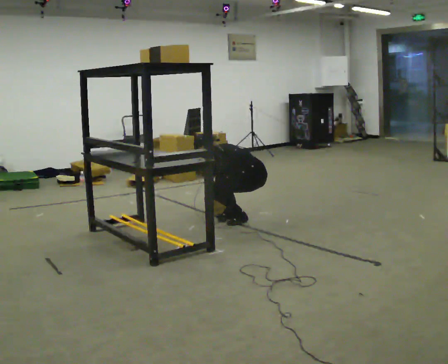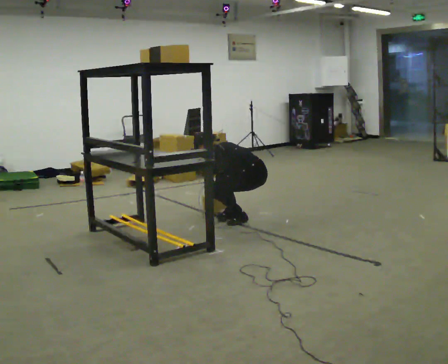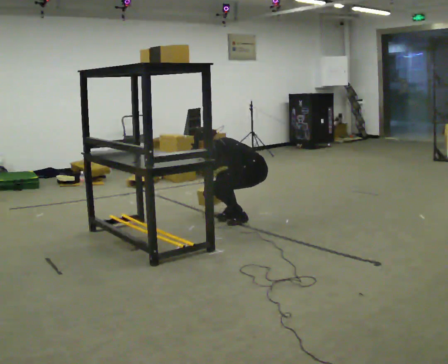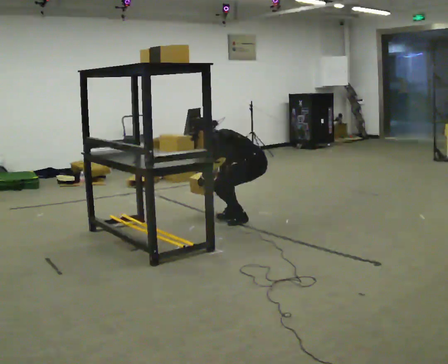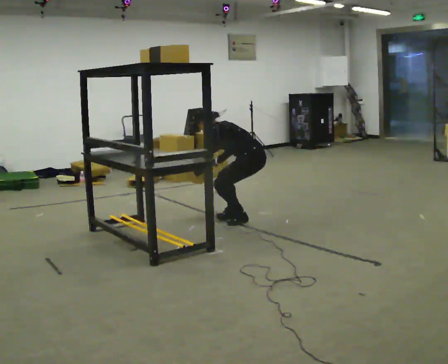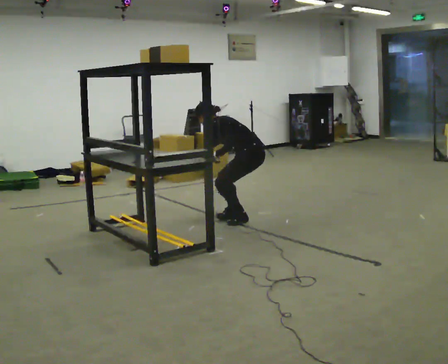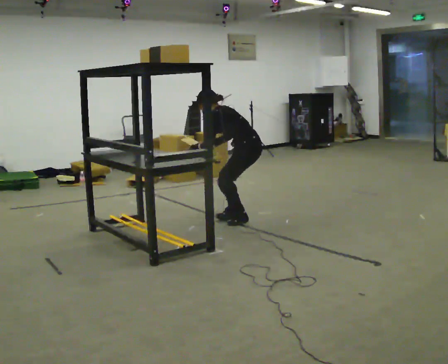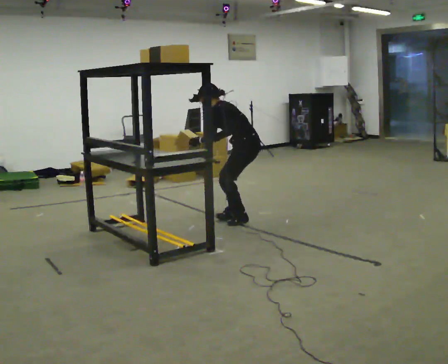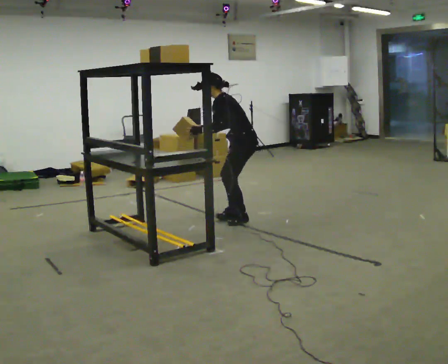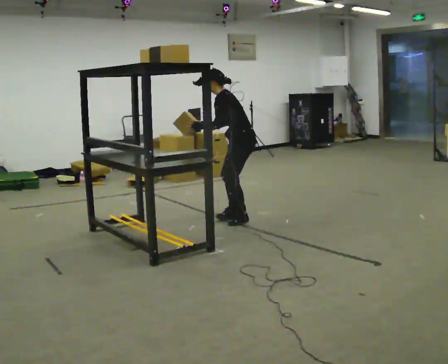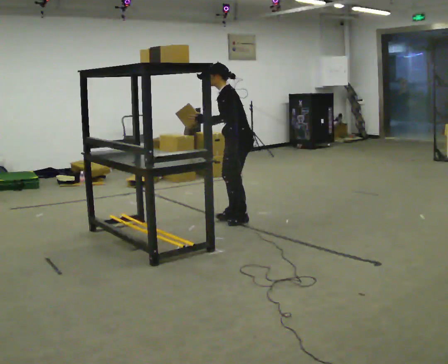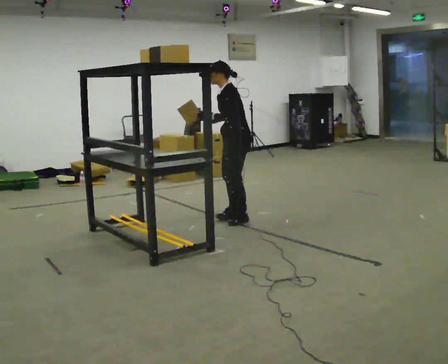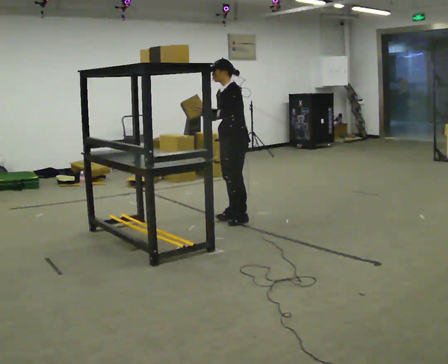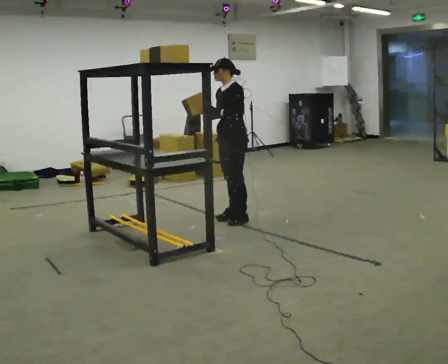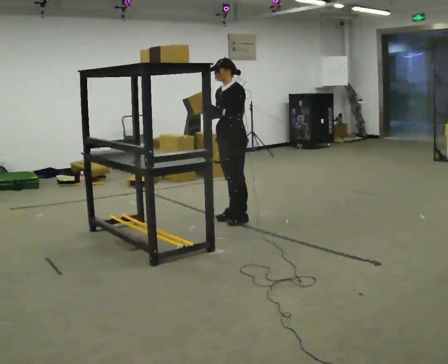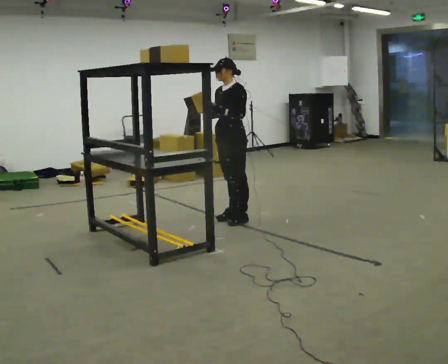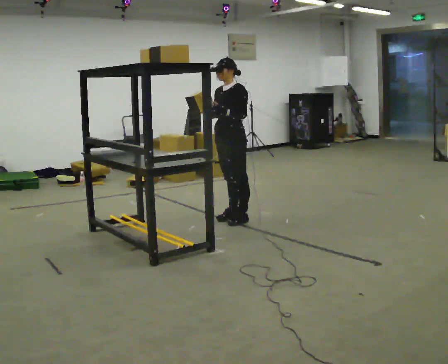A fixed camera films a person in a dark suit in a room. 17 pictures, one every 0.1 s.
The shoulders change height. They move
upward.
The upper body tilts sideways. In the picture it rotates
clockwise.
0.0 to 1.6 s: The person turns about 60 degrees to their left, counterclockwise seen from above, so the part of the body nearest the lens slides to the right. In the picture they go to the left, about 0.25 m. The shoulders move upward. In the picture the upper body tilts clockwise, shoulders to the right, as they lean back or straighten. In the picture their right hand goes upward.
The film runs forward here.
